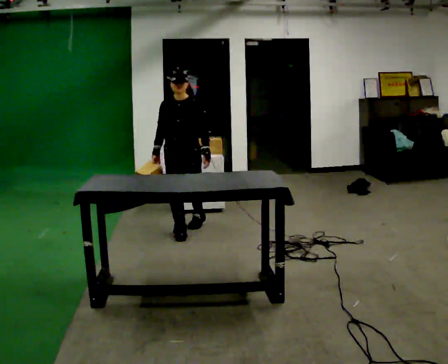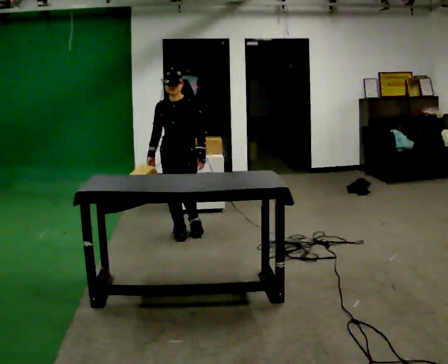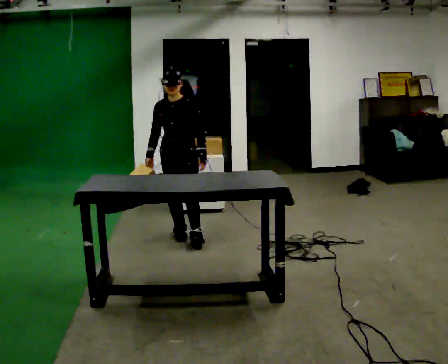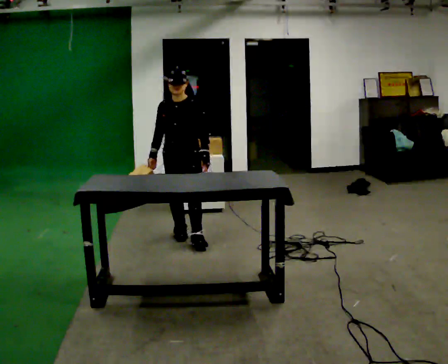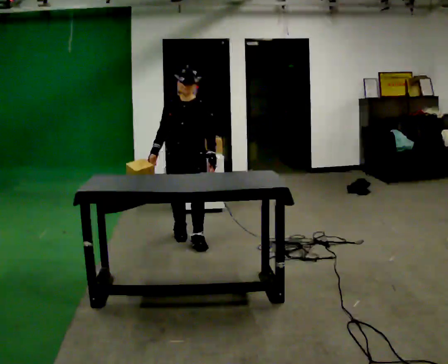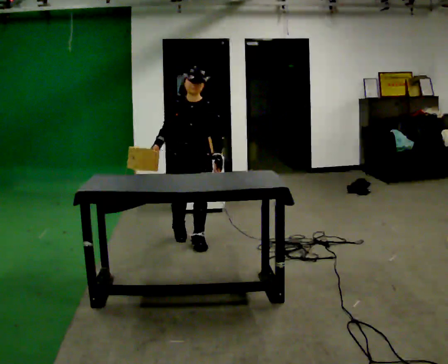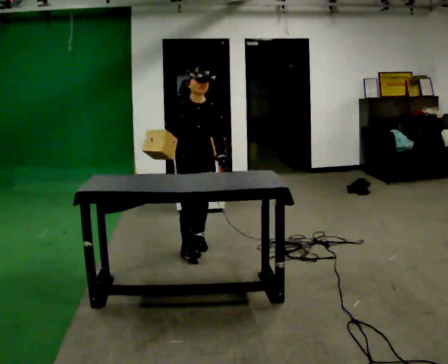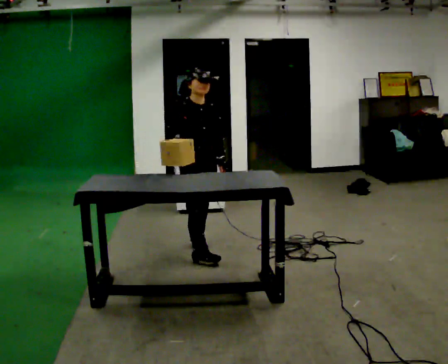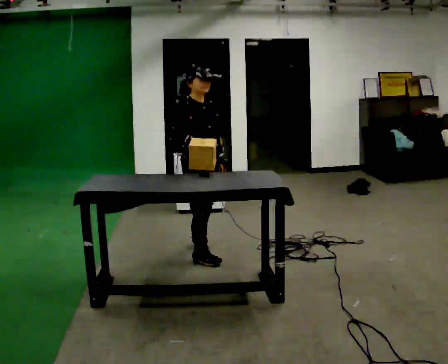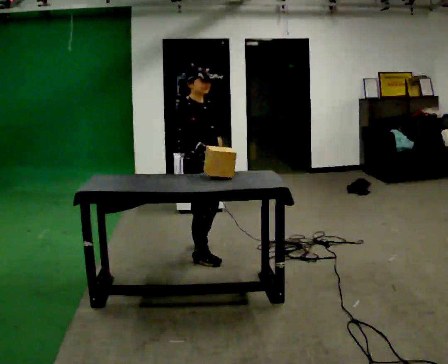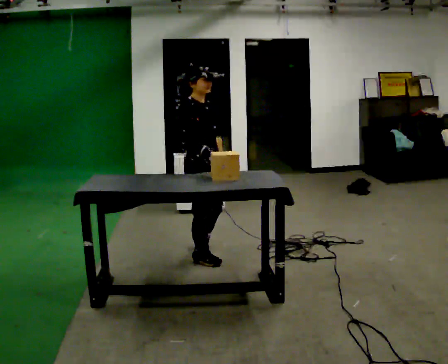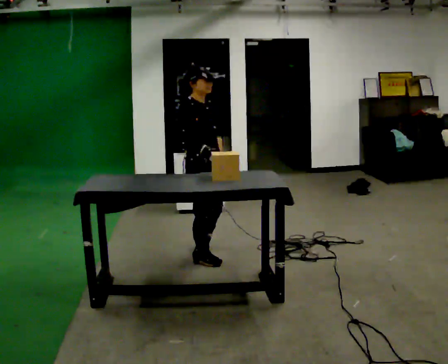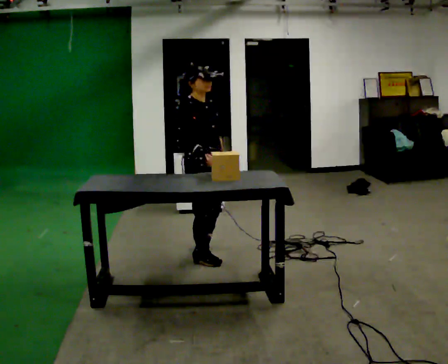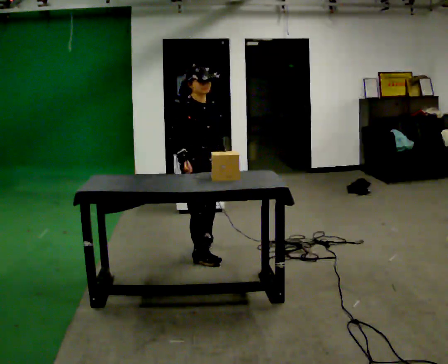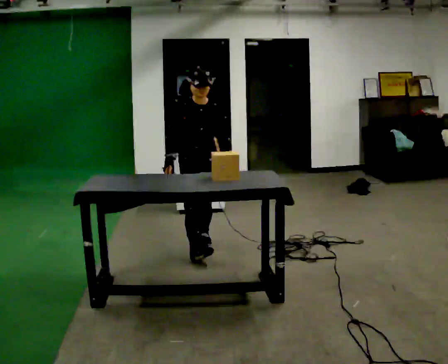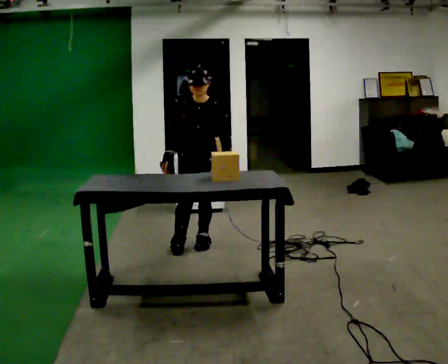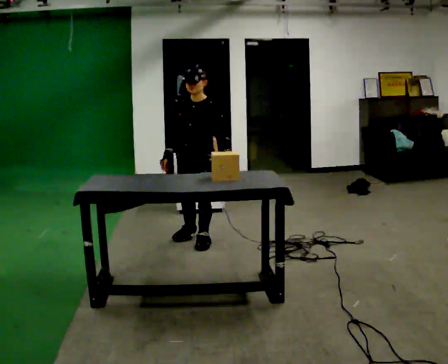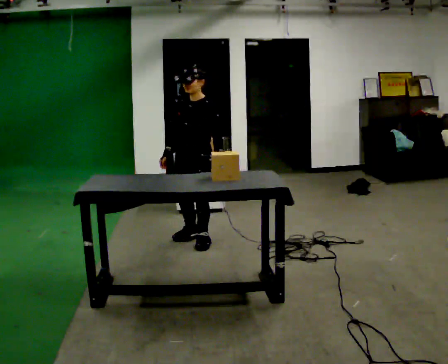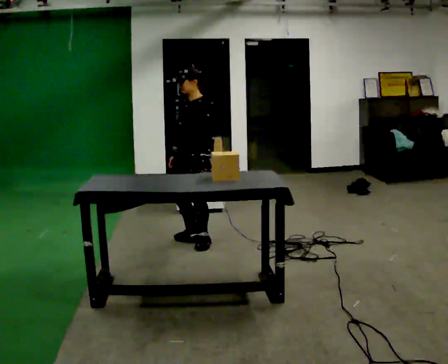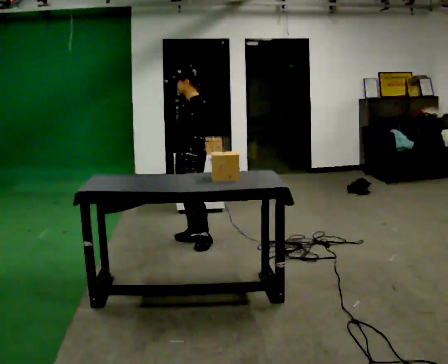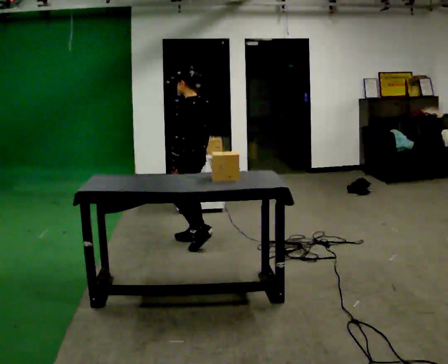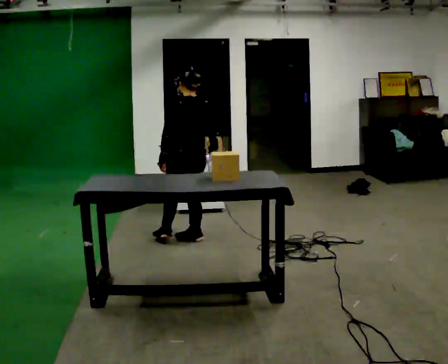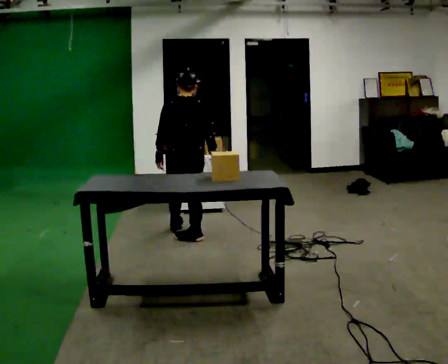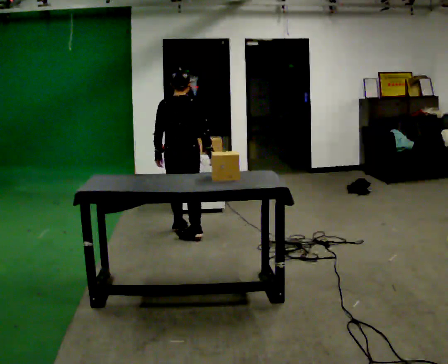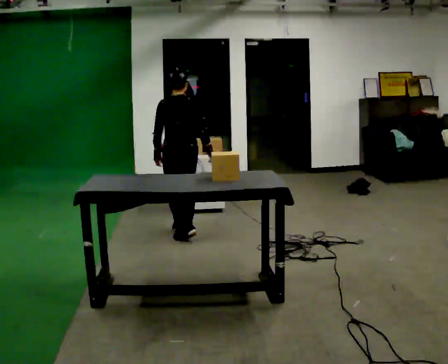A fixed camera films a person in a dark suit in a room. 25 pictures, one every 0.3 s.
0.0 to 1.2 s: In the picture they go toward the camera, about 0.25 m in 1 step, which for them is forward.
1.2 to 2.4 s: Seen from above the body turns counterclockwise, about 60 degrees: to their left, with its near side sliding to the right. In the picture they go toward the camera, about 0.5 m in 1 step, which for them is forward.
2.4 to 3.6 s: The person moves a little, or ends about where they began.
3.6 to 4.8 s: The person turns about 75 degrees to their right, clockwise seen from above, so the part of the body nearest the lens slides to the left. In the picture they go away from the camera, about 0.5 m in 1 step.
4.8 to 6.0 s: The person turns about 105 degrees to their right, clockwise seen from above, so the part of the body nearest the lens slides to the left. In the picture their right hand goes to the right.
6.0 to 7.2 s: The person turns about 75 degrees to their right, clockwise seen from above, so the part of the body nearest the lens slides to the left. In the picture they go away from the camera, about 0.25 m in 1 step.
The film runs forward here.
